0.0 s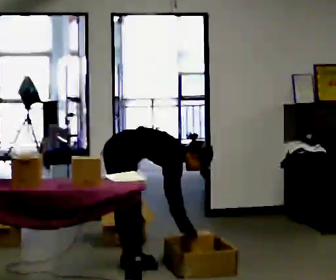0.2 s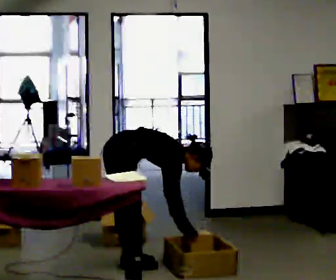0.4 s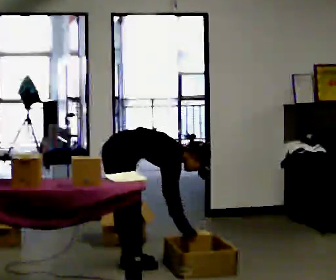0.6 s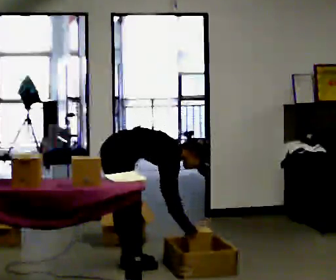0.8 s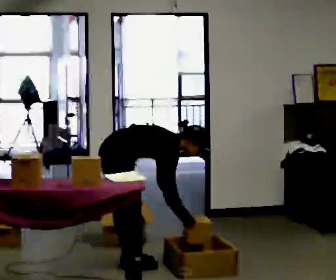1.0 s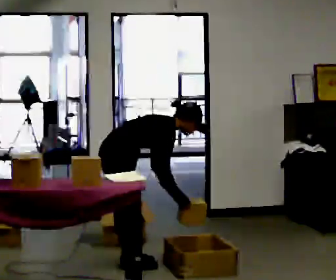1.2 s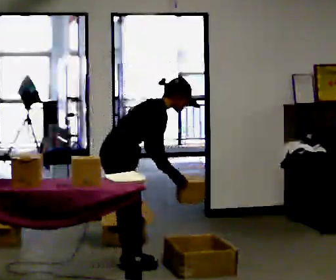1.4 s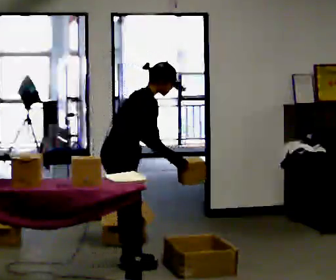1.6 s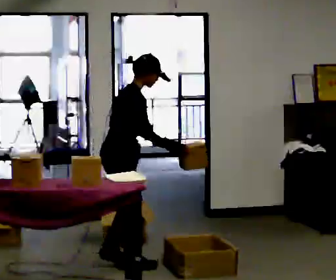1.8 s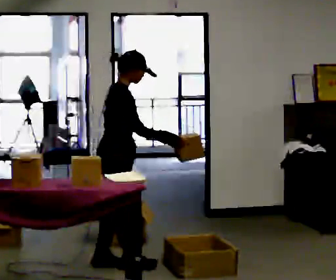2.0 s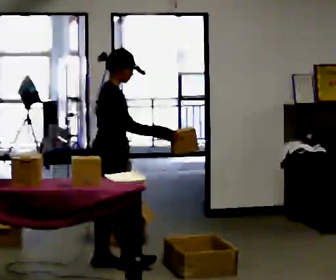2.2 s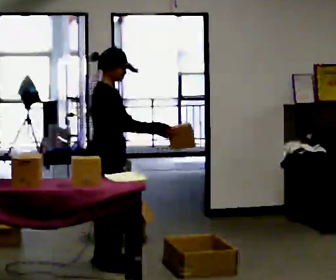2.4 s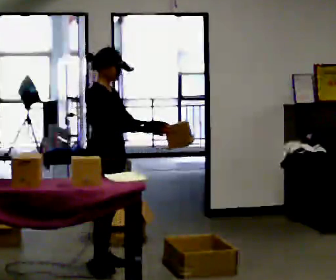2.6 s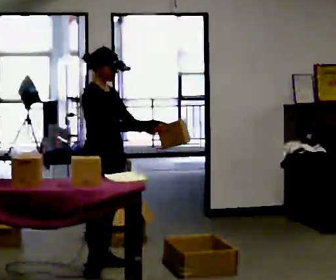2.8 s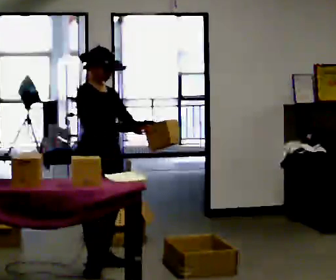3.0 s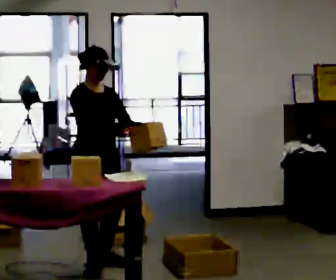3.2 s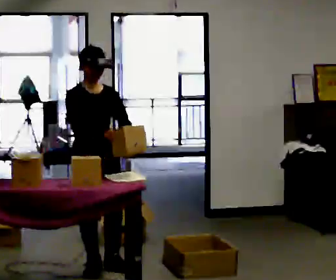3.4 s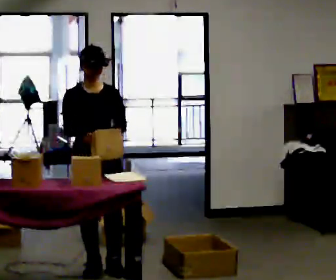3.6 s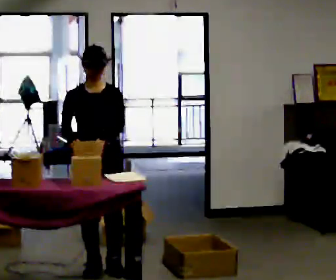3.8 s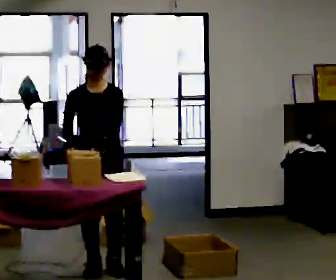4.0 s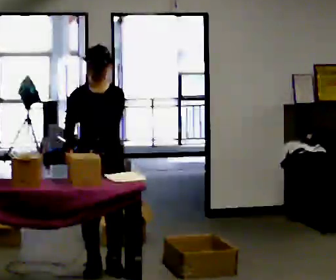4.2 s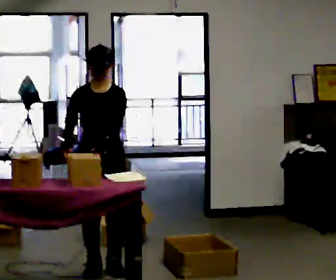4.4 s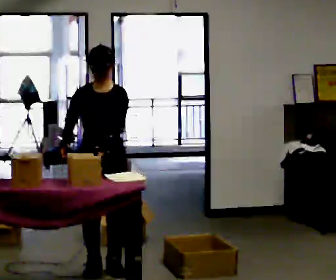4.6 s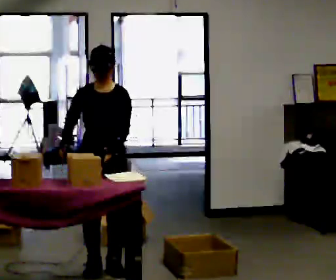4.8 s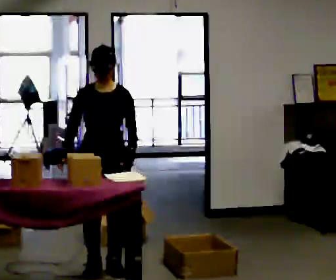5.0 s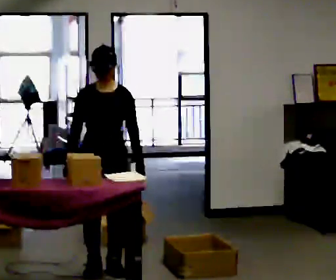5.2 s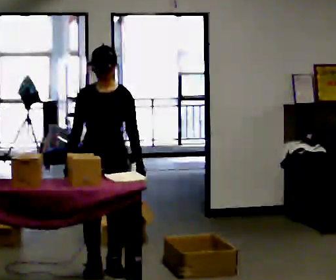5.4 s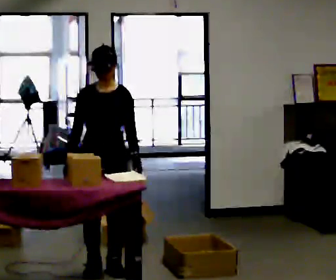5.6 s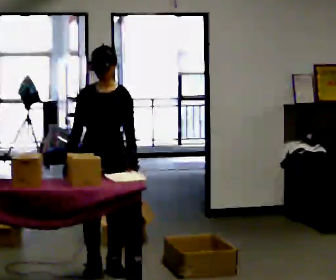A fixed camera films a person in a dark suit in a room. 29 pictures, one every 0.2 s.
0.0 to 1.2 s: The upper body goes upward. In the picture the upper body tilts counterclockwise, shoulders to the left, as they lean back or straighten. In the picture their right hand goes upward.
1.2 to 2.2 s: The shoulders move upward. In the picture the upper body tilts counterclockwise, shoulders to the left, as they lean back or straighten. In the picture their left hand goes upward.
2.2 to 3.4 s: The person turns about 75 degrees to their right, clockwise seen from above, so the part of the body nearest the lens slides to the left. In the picture they go toward the camera, about 0.25 m in 1 step.
3.4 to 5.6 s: The person turns about 30 degrees to their right, clockwise seen from above, so the part of the body nearest the lens slides to the left.
The film runs backward here.
